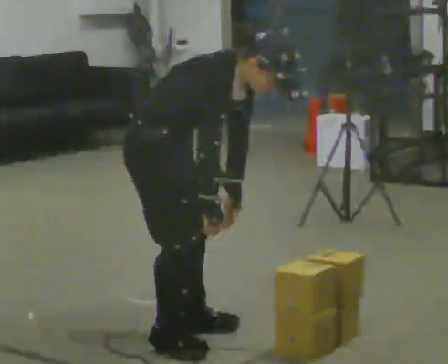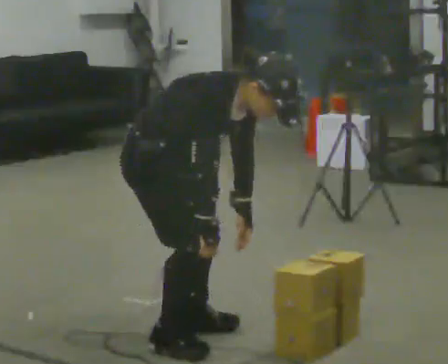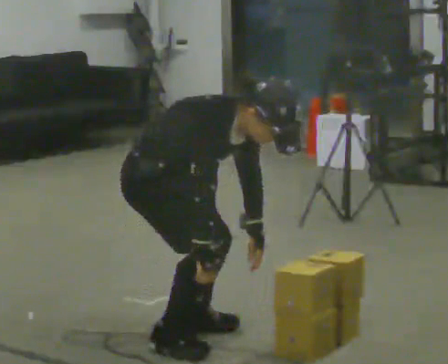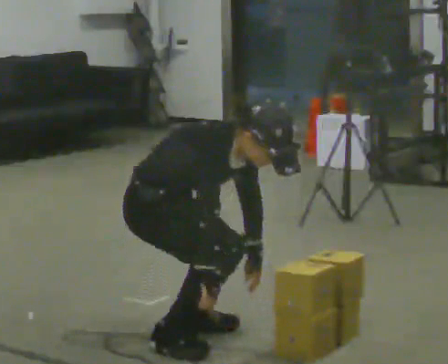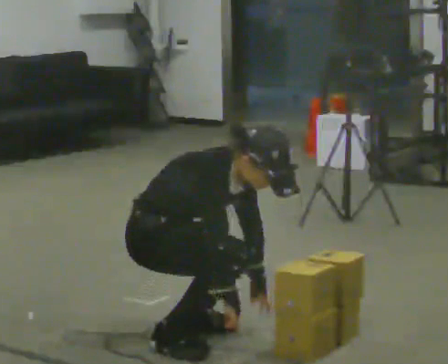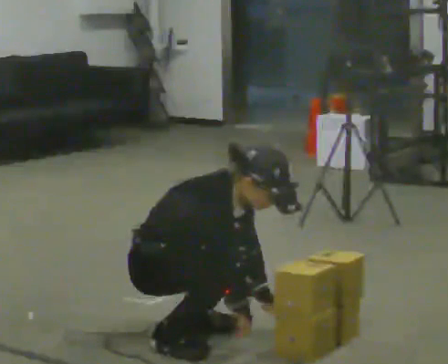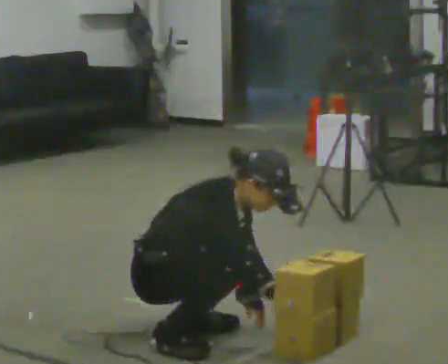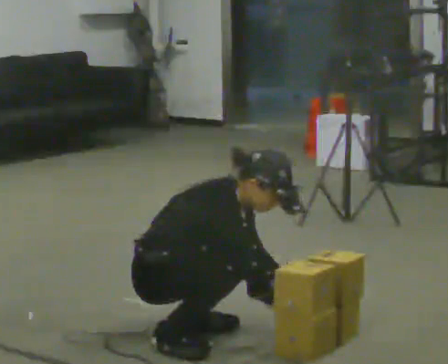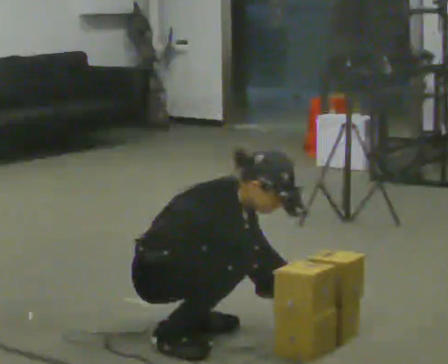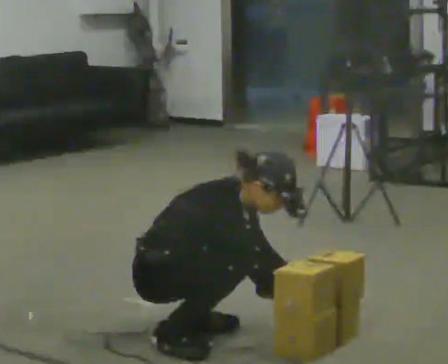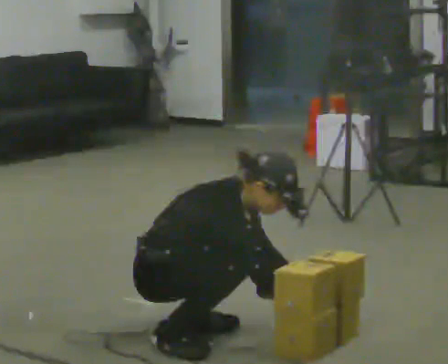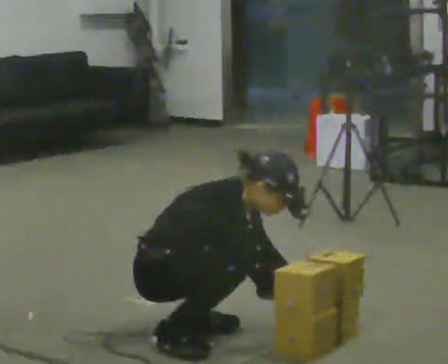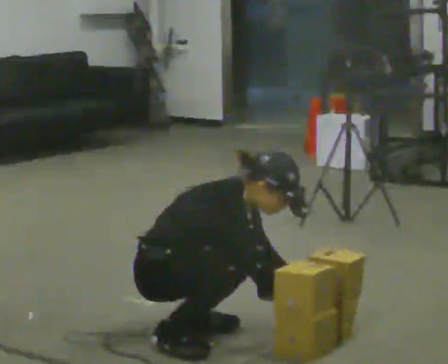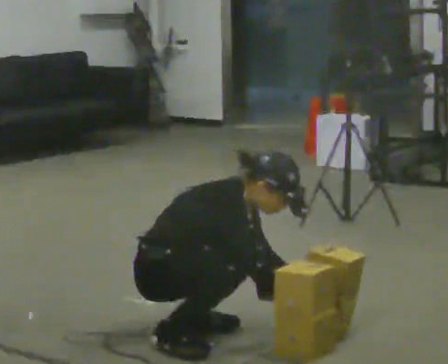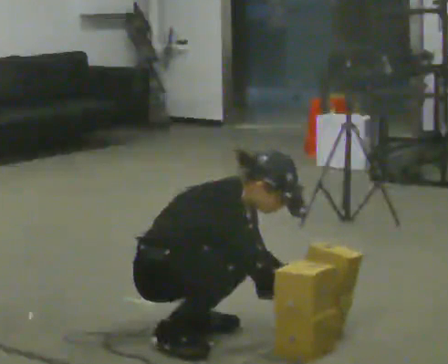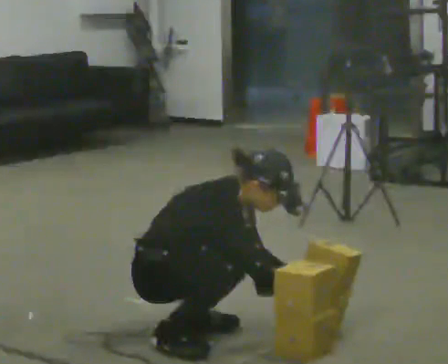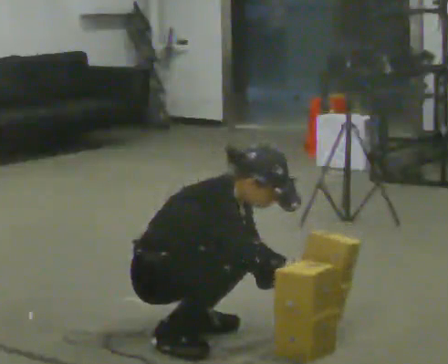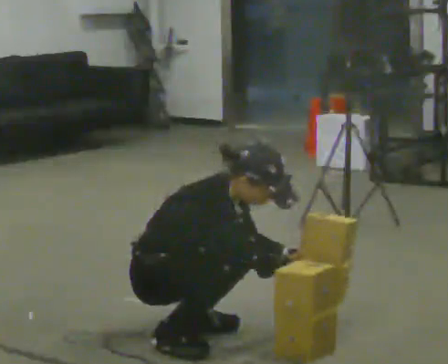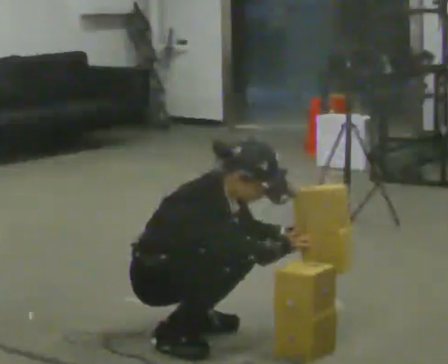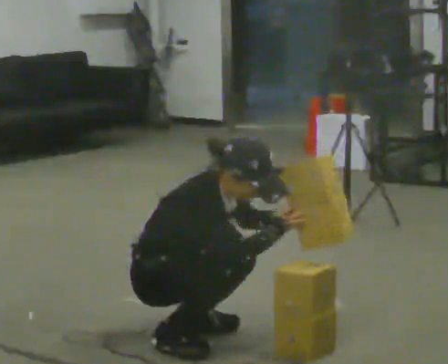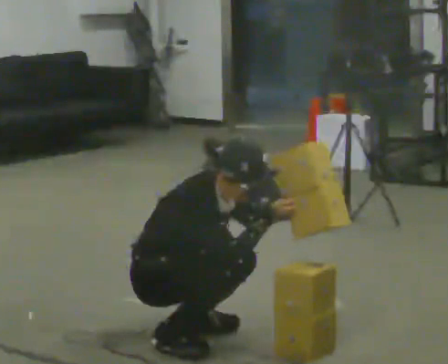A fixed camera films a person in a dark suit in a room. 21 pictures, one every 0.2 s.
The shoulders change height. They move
downward.
Their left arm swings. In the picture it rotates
counterclockwise.
0.0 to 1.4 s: The shoulders move downward. In the picture their left hand goes downward.
1.4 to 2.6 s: The person moves a little, or ends about where they began.
2.6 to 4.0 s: In the picture the upper body tilts counterclockwise, shoulders to the left, as they lean back or straighten. In the picture their left hand goes upward.
The film runs backward here.
